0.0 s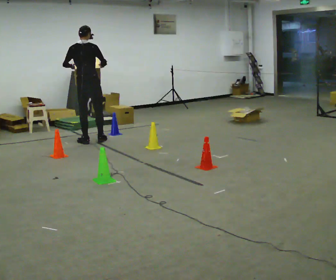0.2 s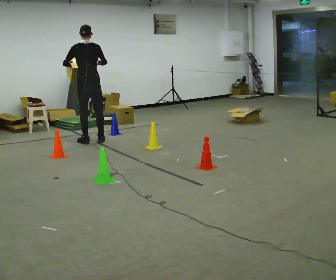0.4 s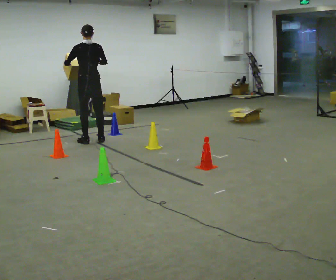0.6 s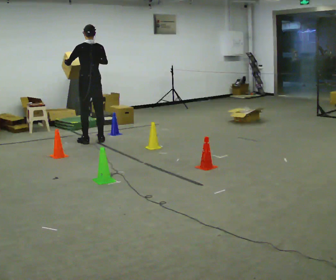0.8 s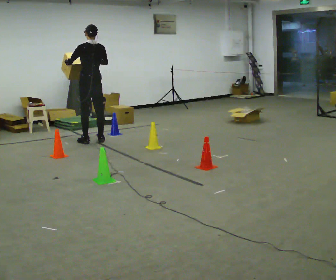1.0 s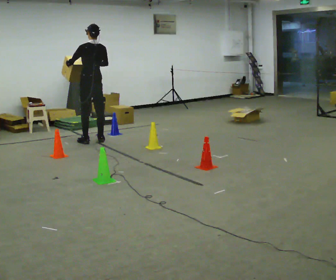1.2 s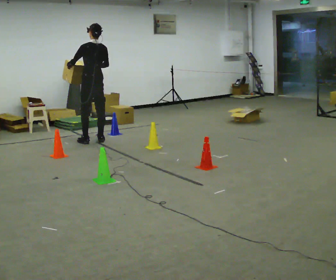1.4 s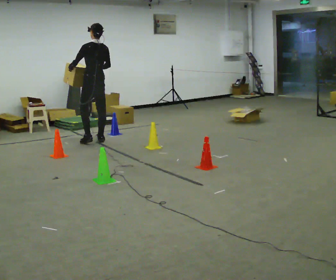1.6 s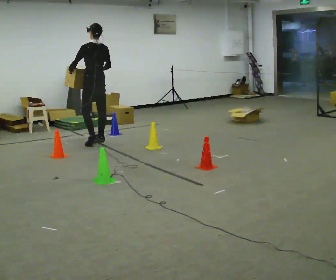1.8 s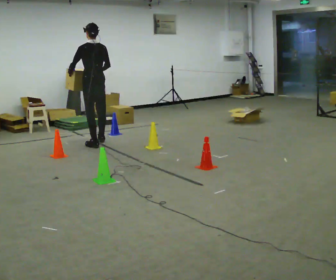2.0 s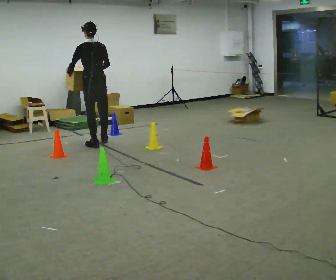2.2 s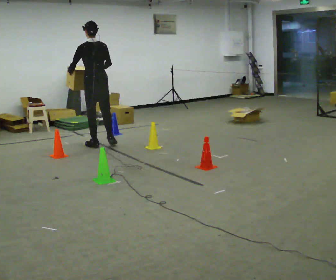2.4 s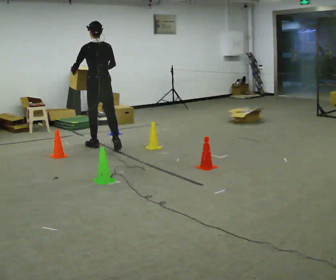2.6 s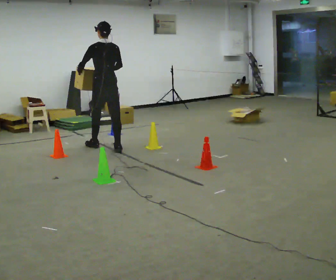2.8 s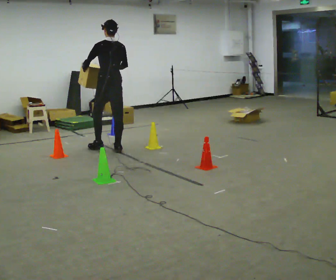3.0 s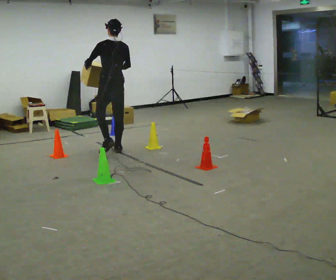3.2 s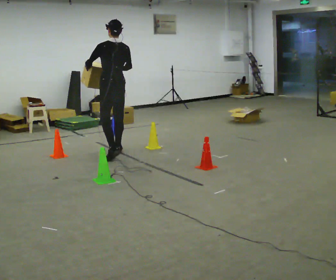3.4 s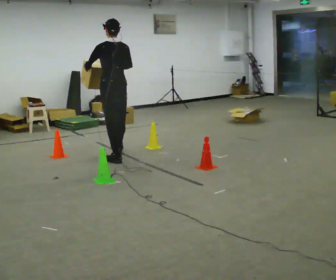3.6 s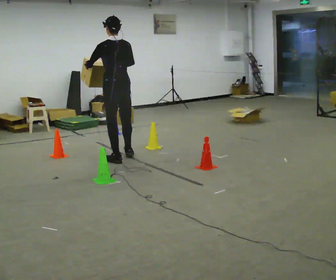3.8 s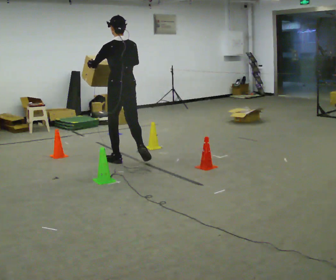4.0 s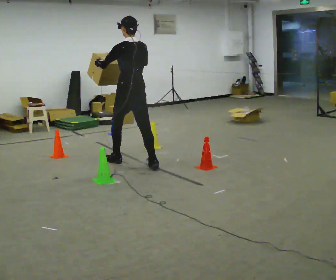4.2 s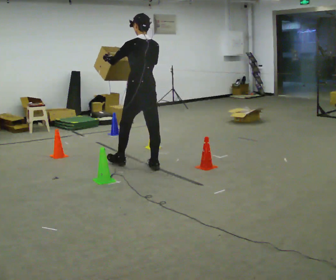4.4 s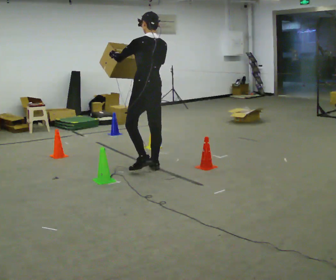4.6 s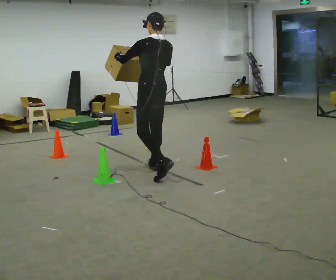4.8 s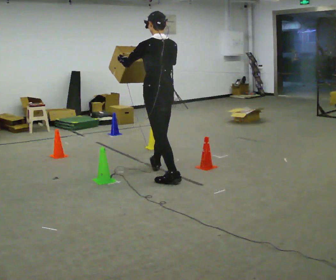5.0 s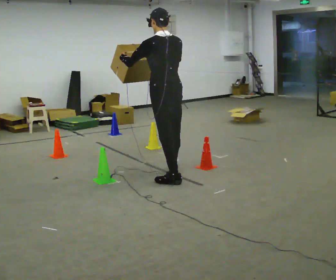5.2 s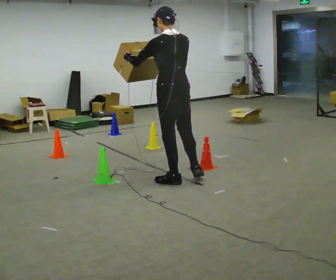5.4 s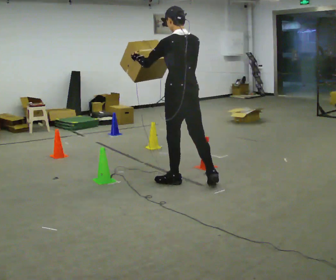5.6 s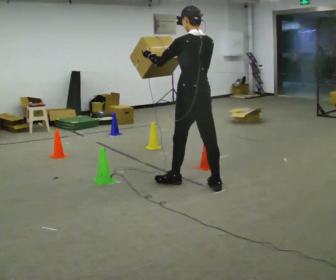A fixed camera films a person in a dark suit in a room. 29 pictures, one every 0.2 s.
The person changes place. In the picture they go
toward the camera.
0.0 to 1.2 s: Seen from above the body turns counterclockwise, about 30 degrees: to their left, with its near side sliding to the right.
1.2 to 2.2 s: In the picture they go toward the camera, about 0.25 m in 2 steps, which for them is backward and to their left.
2.2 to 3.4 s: In the picture they go toward the camera and to the right, about 0.75 m in 2 steps, which for them is backward.
3.4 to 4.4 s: In the picture they go toward the camera and to the right, about 0.75 m in 1 step, which for them is backward.
4.4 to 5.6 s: In the picture they go toward the camera and to the right, about 0.5 m in 1 step, which for them is backward.
The film runs backward here.
